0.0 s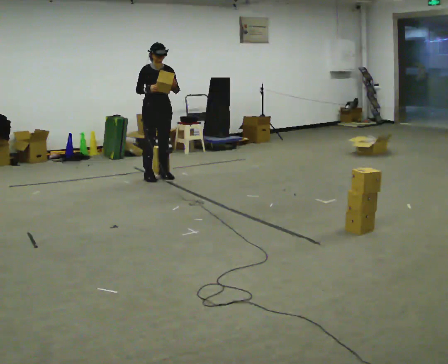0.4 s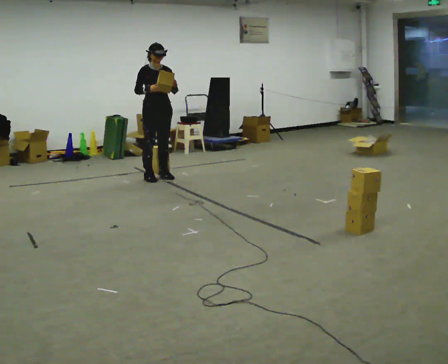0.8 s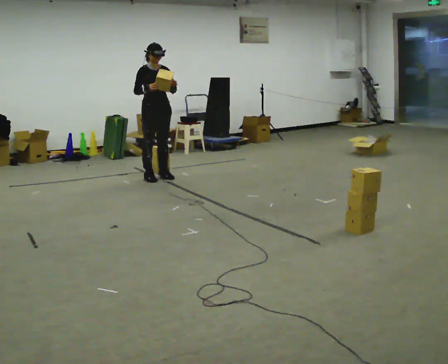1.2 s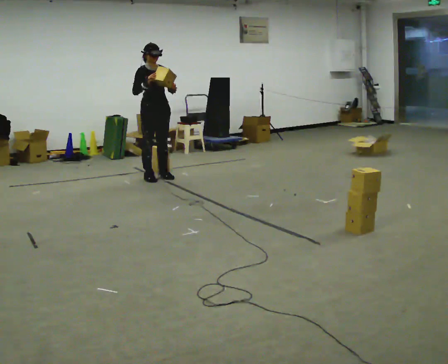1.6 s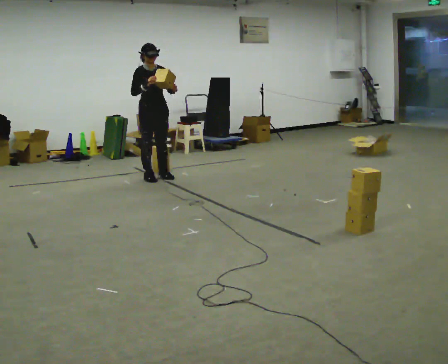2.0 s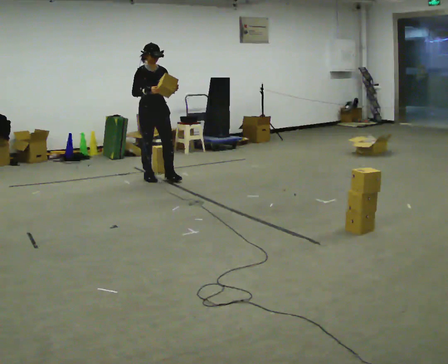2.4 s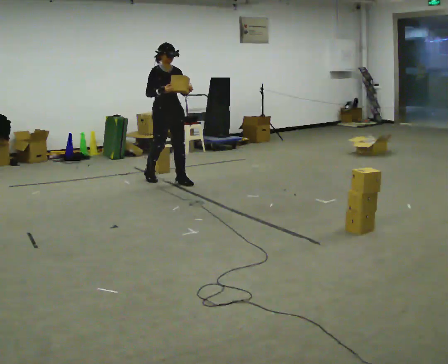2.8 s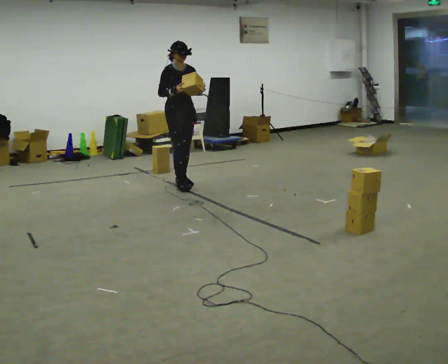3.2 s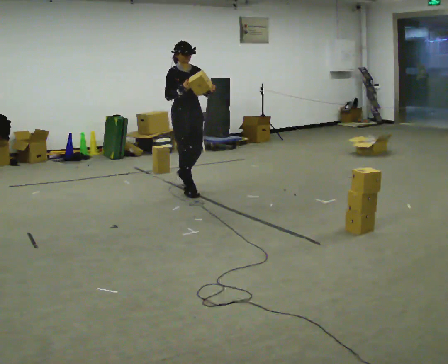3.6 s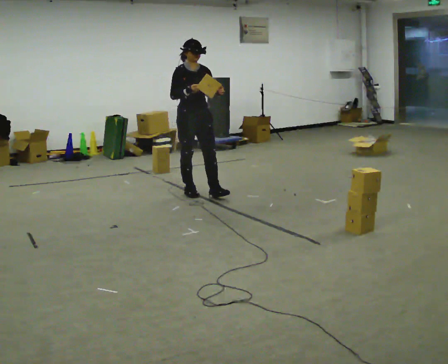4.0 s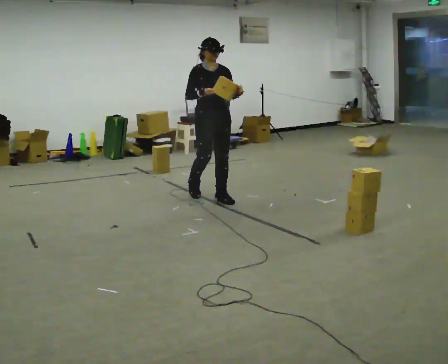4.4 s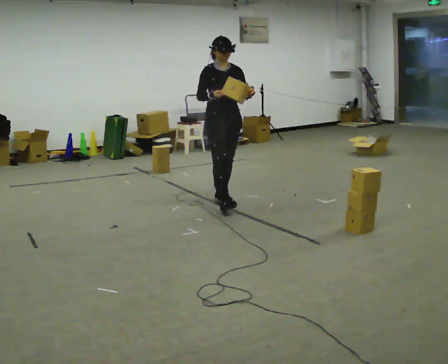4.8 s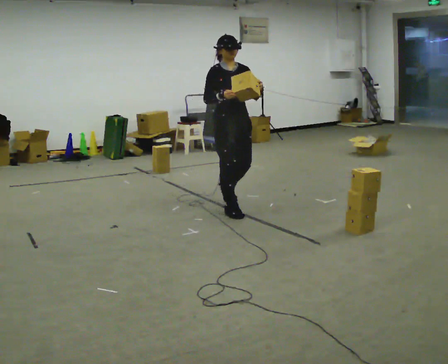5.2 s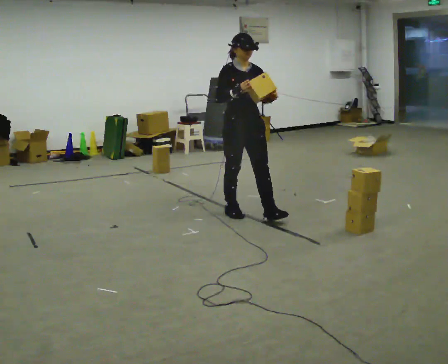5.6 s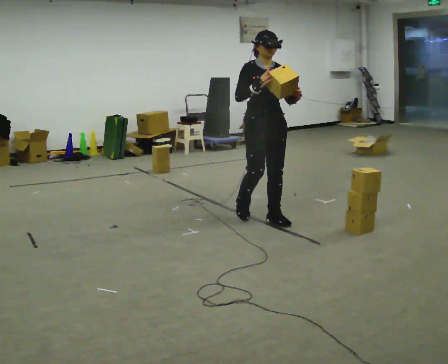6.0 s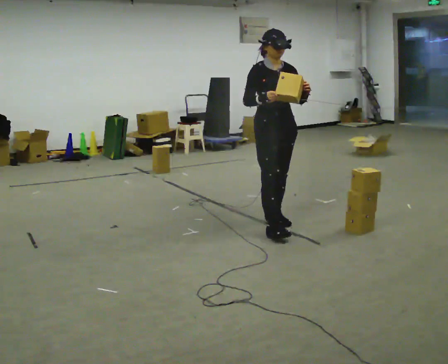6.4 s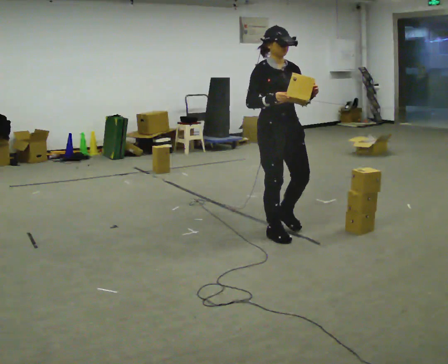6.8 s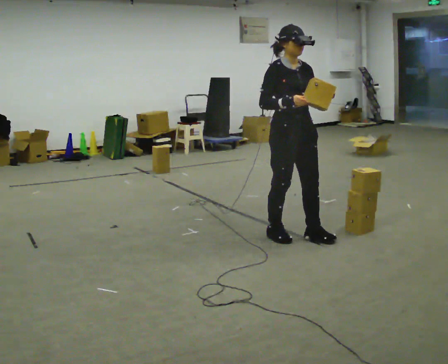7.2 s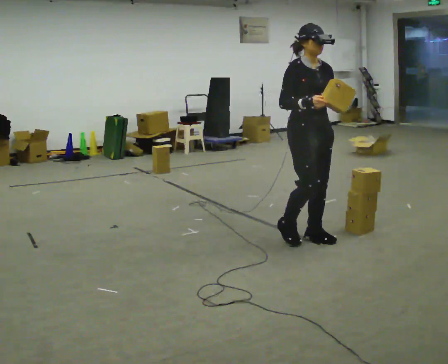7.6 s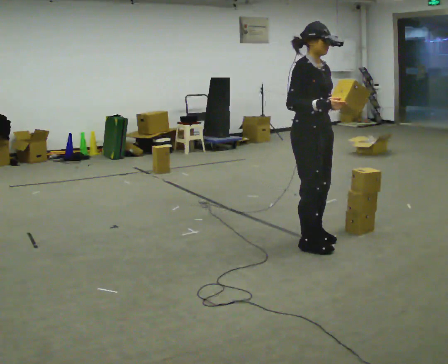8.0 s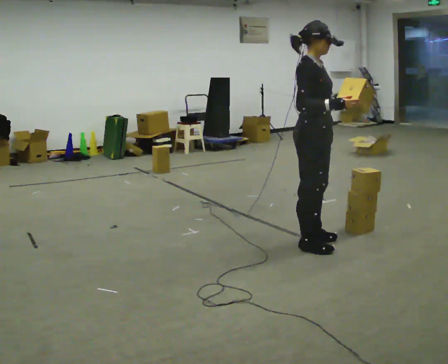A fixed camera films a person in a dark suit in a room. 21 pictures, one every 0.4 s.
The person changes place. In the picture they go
toward the camera.
0.0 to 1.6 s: The person moves a little, or ends about where they began.
1.6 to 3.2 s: In the picture they go toward the camera and to the right, about 0.5 m in 2 steps, which for them is forward.
3.2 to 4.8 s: In the picture they go toward the camera and to the right, about 1 m in 2 steps, which for them is forward.
4.8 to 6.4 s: In the picture they go toward the camera and to the right, about 1 m in 2 steps, which for them is forward.
6.4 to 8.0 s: Seen from above the body turns counterclockwise, about 45 degrees: to their left, with its near side sliding to the right. In the picture they go toward the camera and to the right, about 0.25 m in 2 steps, which for them is forward.
The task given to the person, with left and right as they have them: Carry the box and, while you are still walking, turn it so you can read the label, read it out loud, then carry on. Repeat with the next box. Do not stop to read it.
The film runs forward here.
